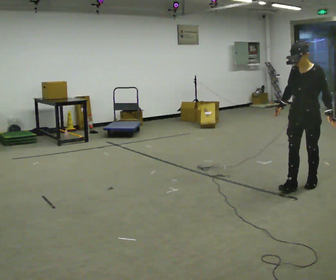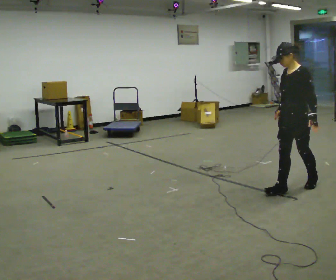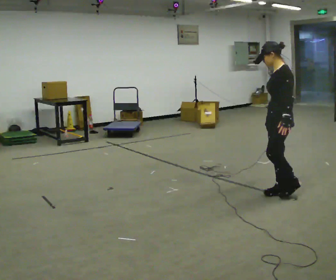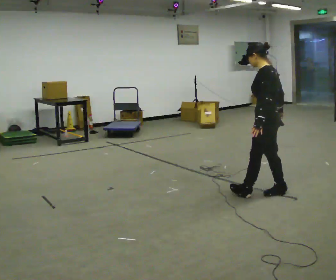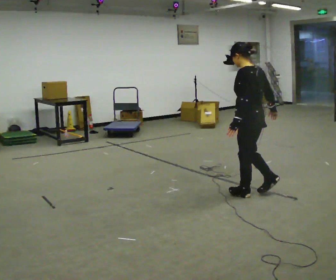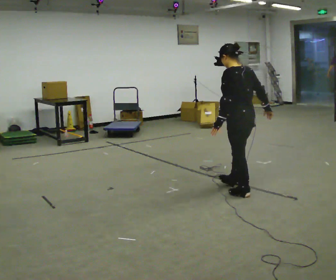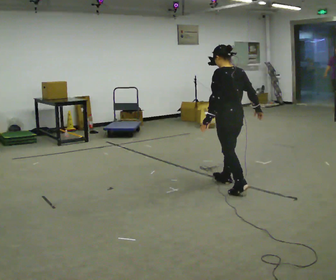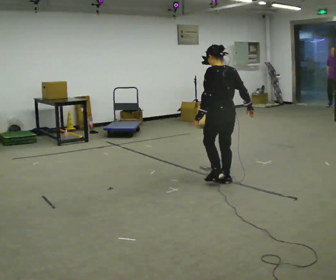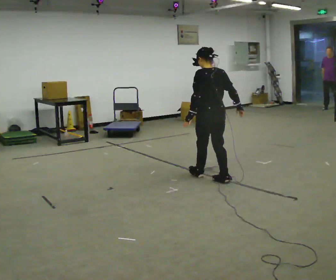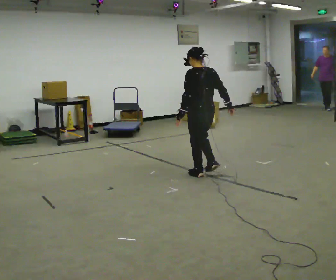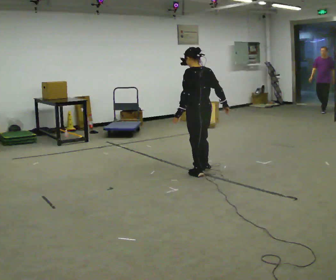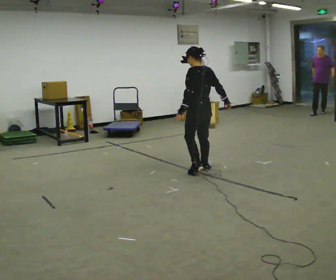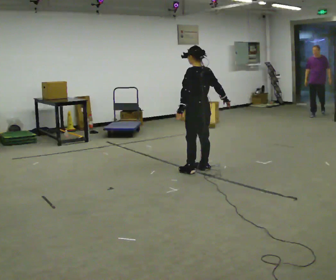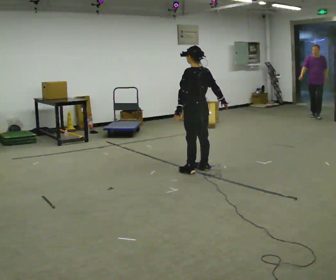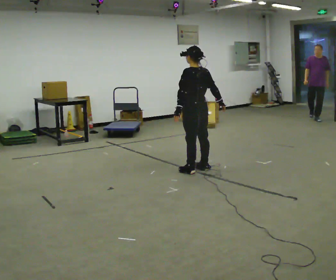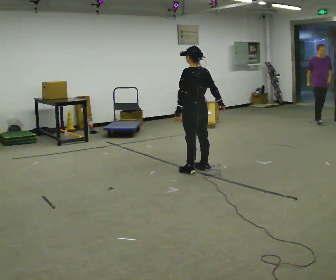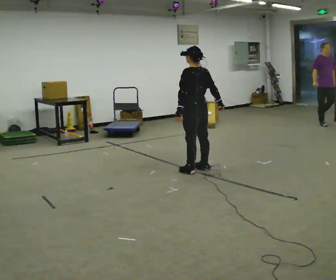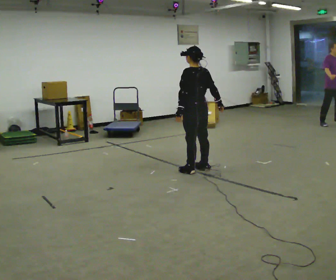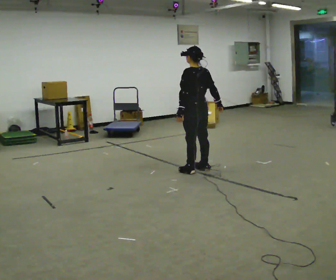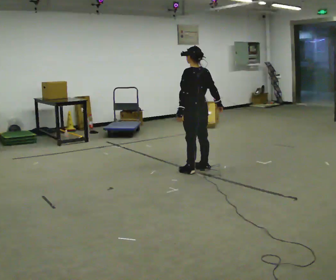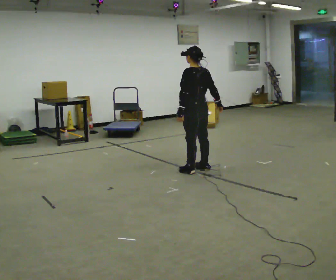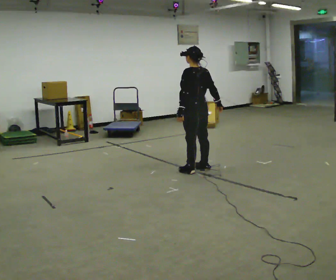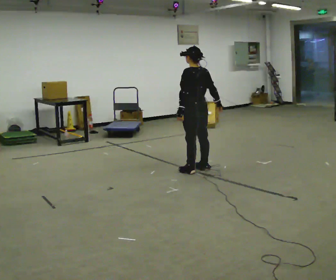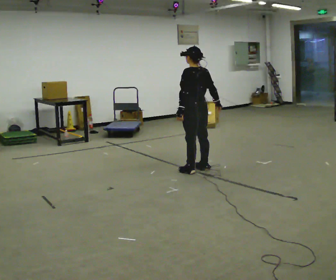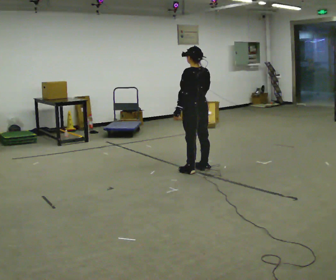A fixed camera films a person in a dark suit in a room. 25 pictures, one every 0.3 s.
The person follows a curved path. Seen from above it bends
clockwise.
0.0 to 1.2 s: The person turns about 90 degrees to their right, clockwise seen from above, so the part of the body nearest the lens slides to the left. In the picture they go to the left, about 0.5 m in 2 steps.
1.2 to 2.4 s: In the picture they go away from the camera and to the left, about 0.75 m in 2 steps, which for them is forward.
2.4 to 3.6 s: In the picture they go away from the camera, about 0.5 m in 2 steps, which for them is forward and to their right.
3.6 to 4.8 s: The person moves a little, or ends about where they began.
4.8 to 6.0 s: The person keeps their place and pose.
6.0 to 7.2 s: In the picture their right hand goes to the left and upward.
The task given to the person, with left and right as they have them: Walk one full figure-eight continuously at comfortable speed; stop.
The film runs forward here.
